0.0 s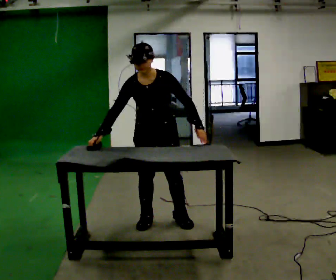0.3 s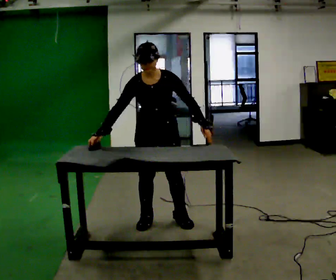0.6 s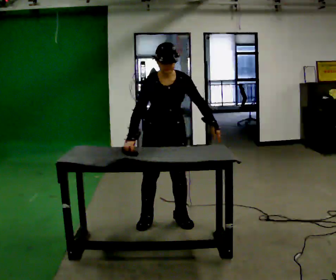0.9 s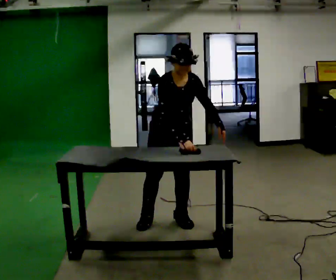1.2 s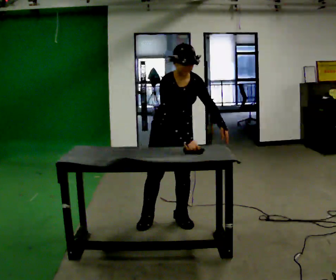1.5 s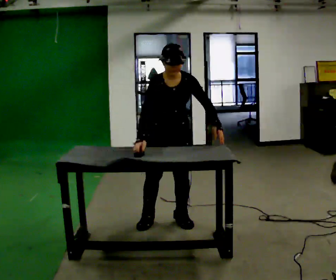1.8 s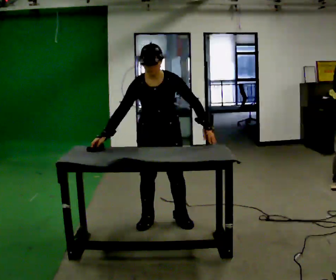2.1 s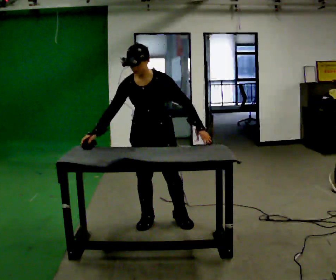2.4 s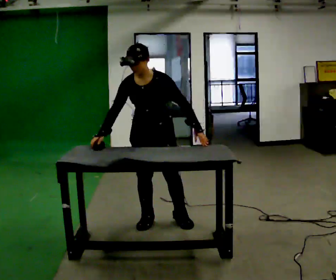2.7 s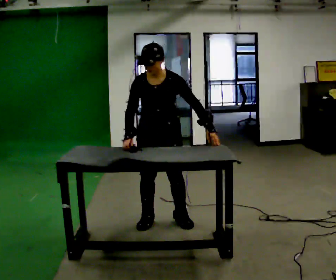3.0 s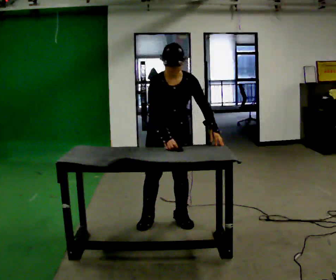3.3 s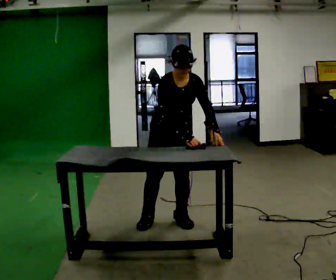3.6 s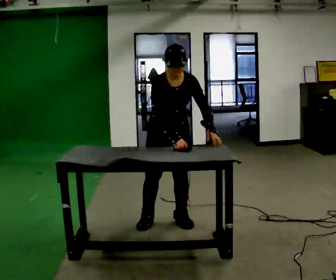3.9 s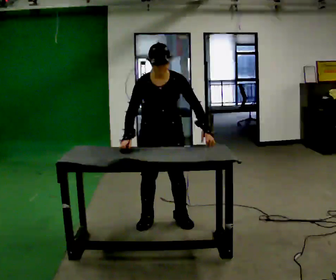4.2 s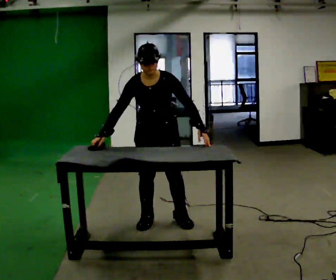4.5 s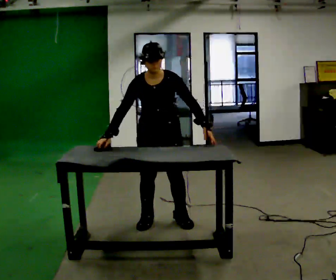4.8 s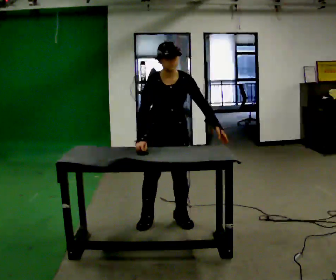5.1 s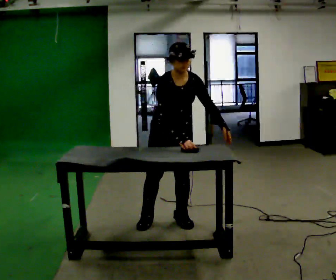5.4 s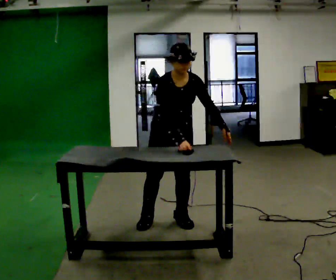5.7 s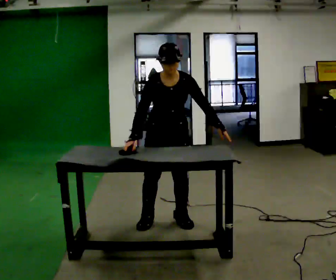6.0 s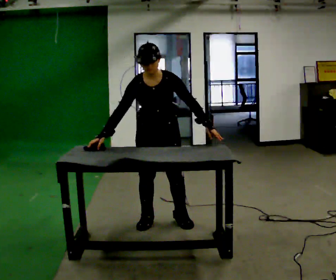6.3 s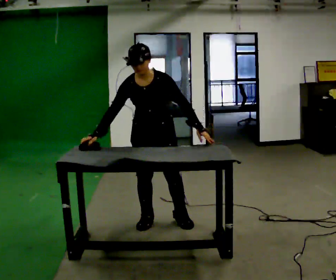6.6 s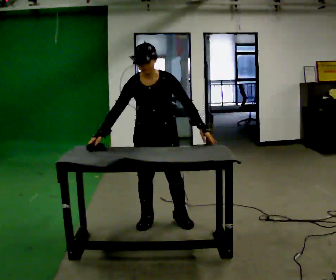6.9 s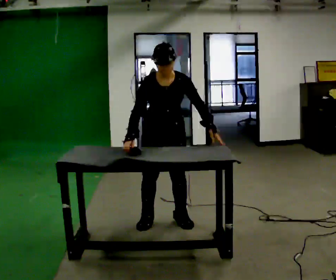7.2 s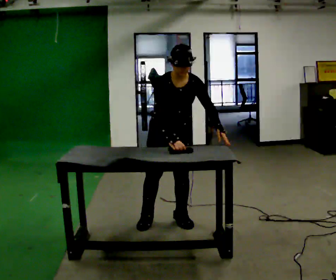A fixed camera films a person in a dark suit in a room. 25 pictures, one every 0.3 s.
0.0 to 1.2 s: The part of the body nearest the lens slides to the right as the person turns to their left by about 30 degrees. In the picture the upper body tilts clockwise, shoulders to the right. In the picture their right hand goes to the right, the arm swinging counterclockwise.
1.2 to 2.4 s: Seen from above the body turns clockwise, about 30 degrees: to their right, with its near side sliding to the left. In the picture they go to the left, about 0.25 m, which for them is to their right. In the picture the upper body tilts counterclockwise, shoulders to the left. In the picture their right hand goes to the left, the arm swinging clockwise.
2.4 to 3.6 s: In the picture the upper body tilts clockwise, shoulders to the right. In the picture their right hand goes to the right.
3.6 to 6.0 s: In the picture their right hand goes to the left.
6.0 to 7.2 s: In the picture their right hand goes to the right.
The film runs backward here.
